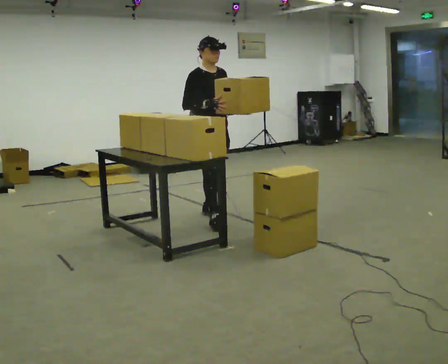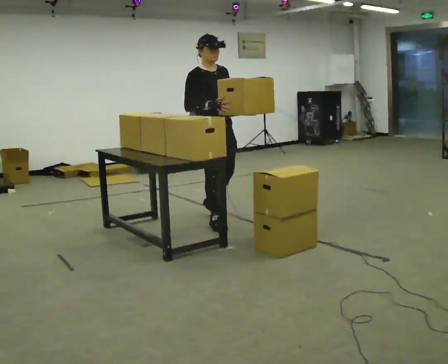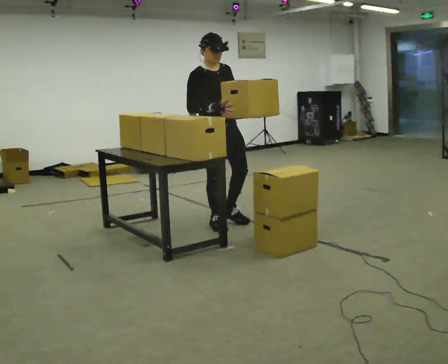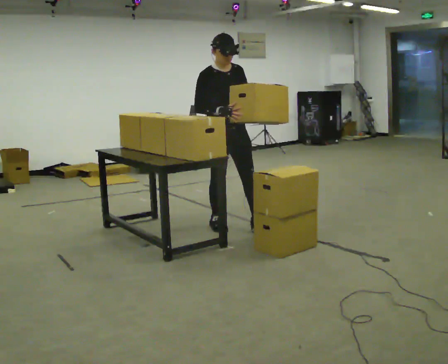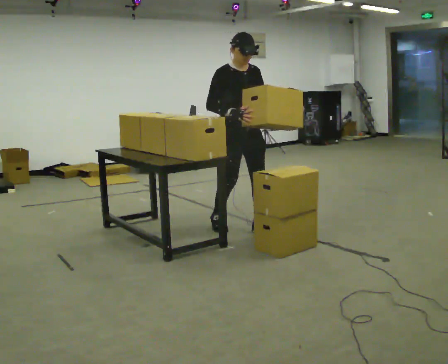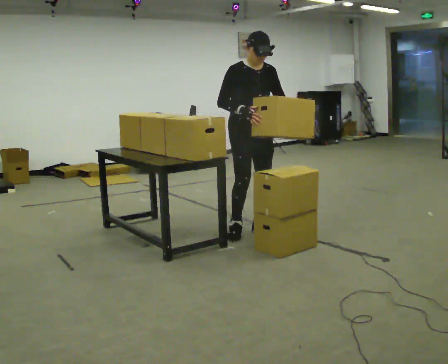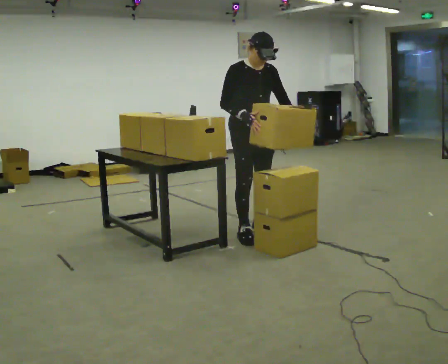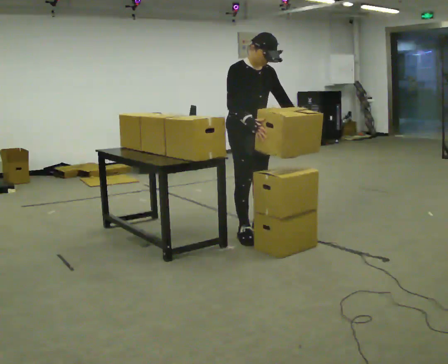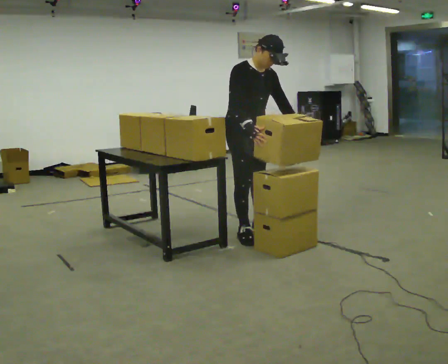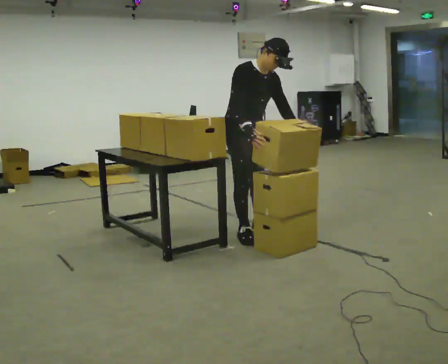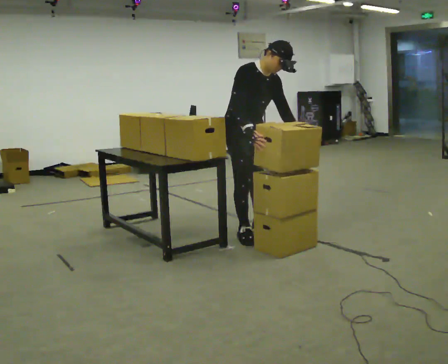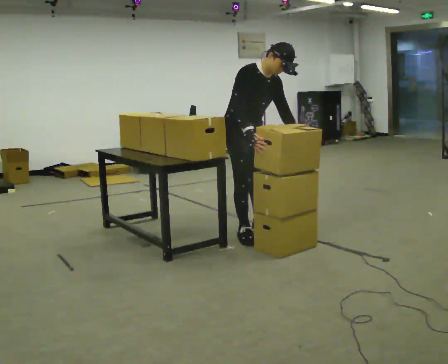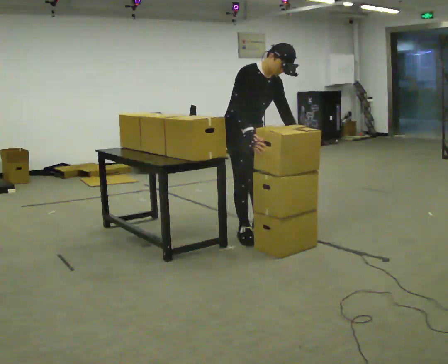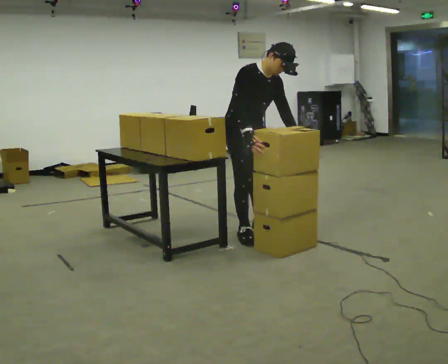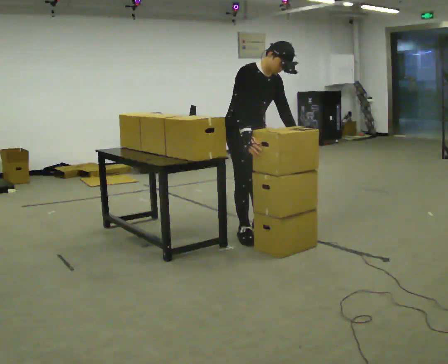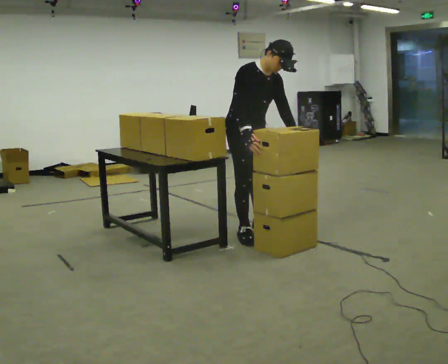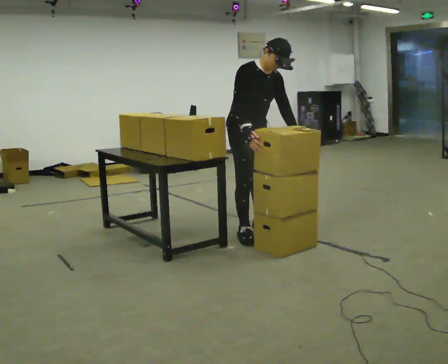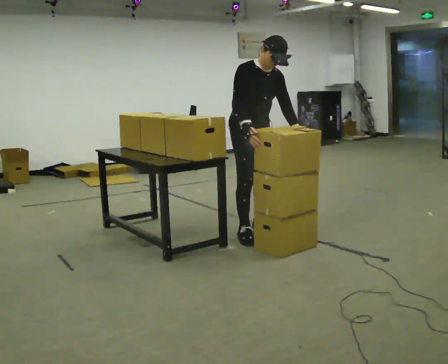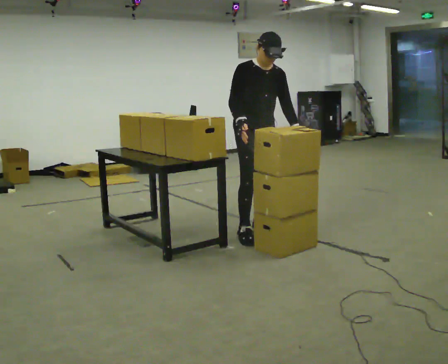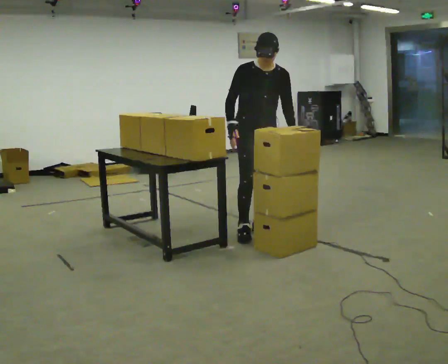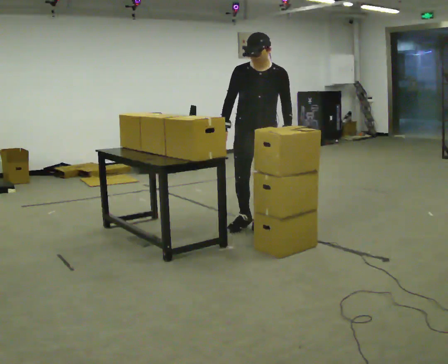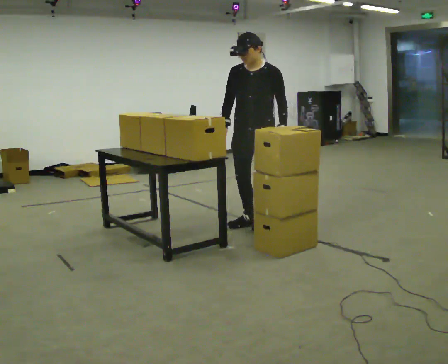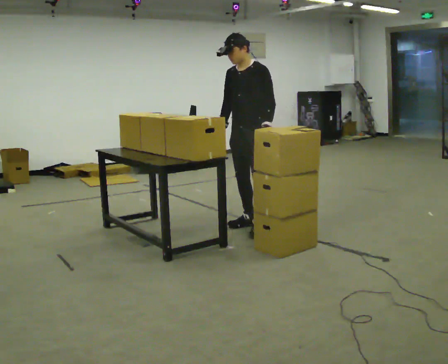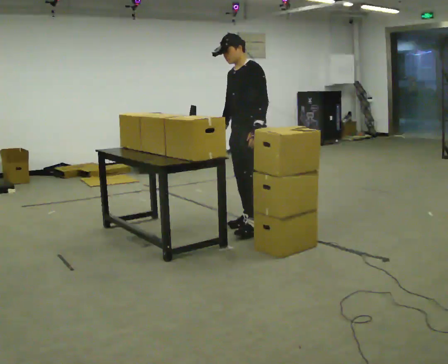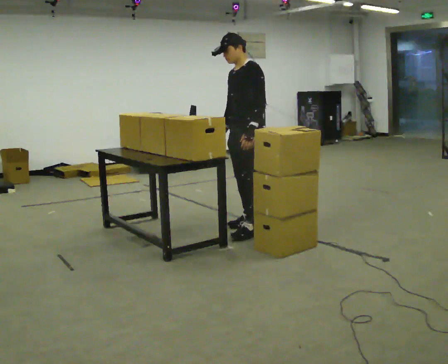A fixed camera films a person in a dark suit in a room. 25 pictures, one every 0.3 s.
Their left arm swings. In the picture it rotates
clockwise.
0.0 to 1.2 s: In the picture they go toward the camera and to the right, about 0.5 m in 1 step, which for them is forward.
1.2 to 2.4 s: In the picture they go toward the camera, about 0.25 m in 1 step, which for them is forward. In the picture the upper body tilts clockwise, shoulders to the right.
2.4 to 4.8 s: The person moves a little, or ends about where they began.
4.8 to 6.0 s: The person turns about 45 degrees to their right, clockwise seen from above, so the part of the body nearest the lens slides to the left. In the picture they go away from the camera, about 0.25 m, which for them is to their left. In the picture the upper body tilts counterclockwise, shoulders to the left.
6.0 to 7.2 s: Seen from above the body turns clockwise, about 60 degrees: to their right, with its near side sliding to the left. In the picture their left hand goes to the left.
The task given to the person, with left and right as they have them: Pick an object up off the floor at your feet and place it on the waist-height shelf in front of you. Repeat at your own pace until the operator says stop. Keep both feet on the marked spots for the whole take. If you have to step, stop and tell the operator.
The film runs forward here.
